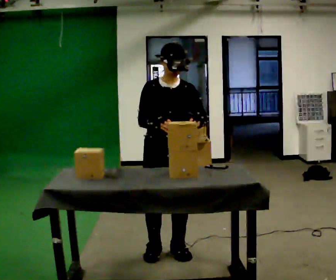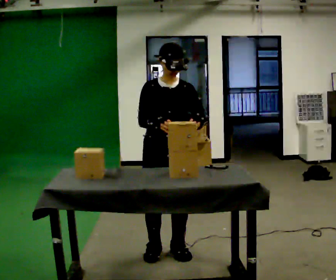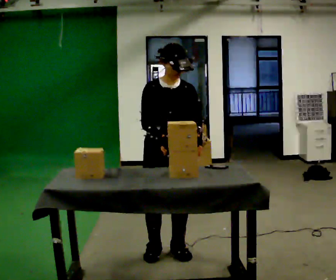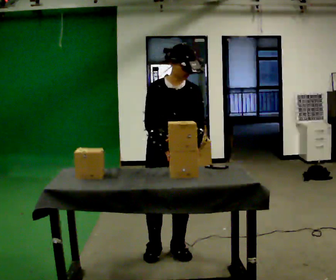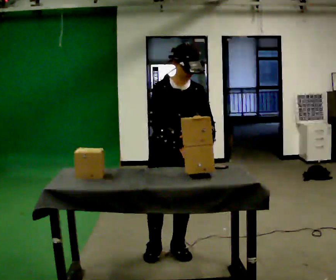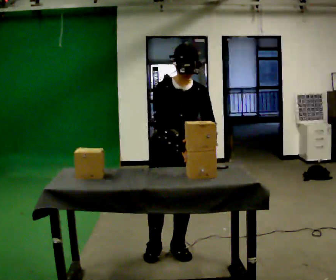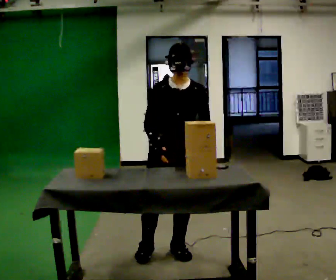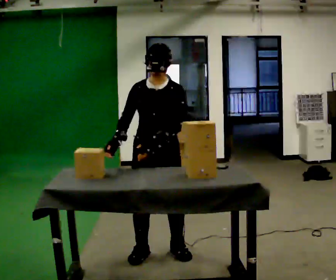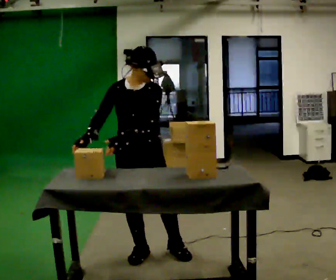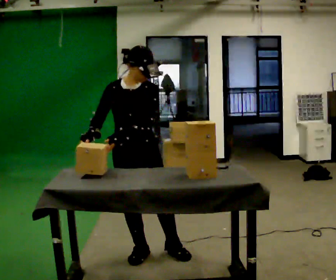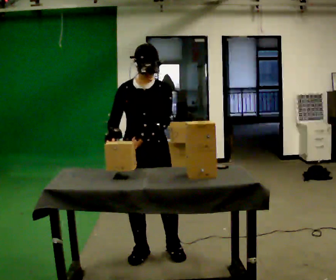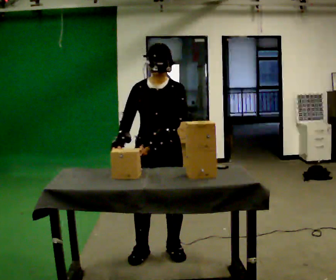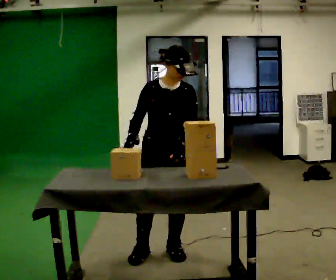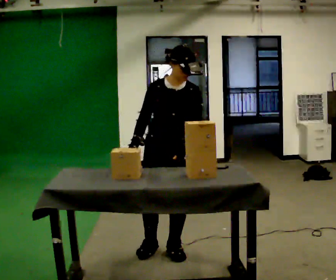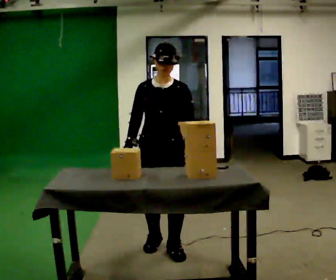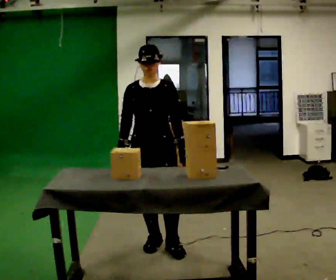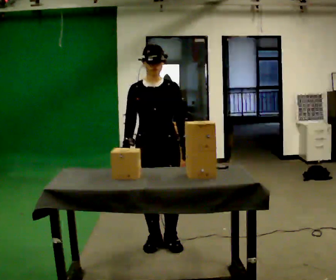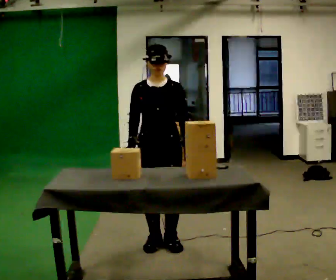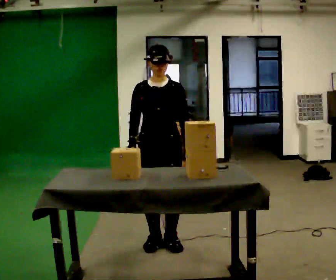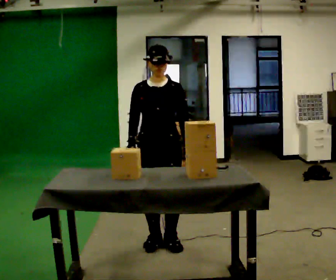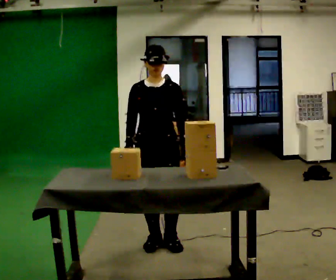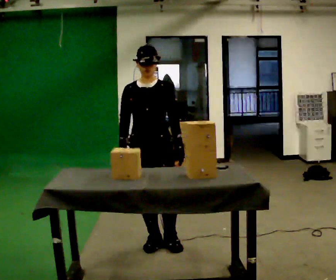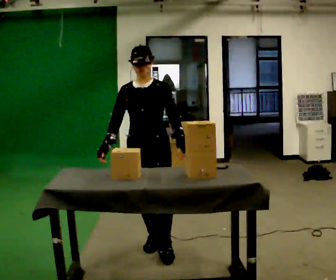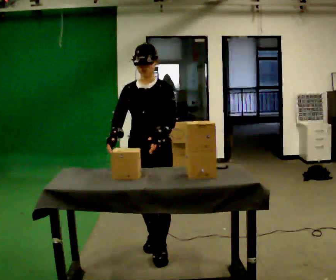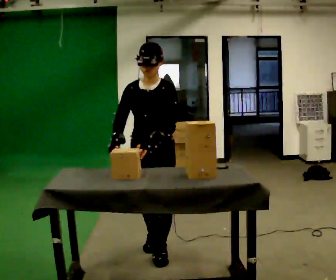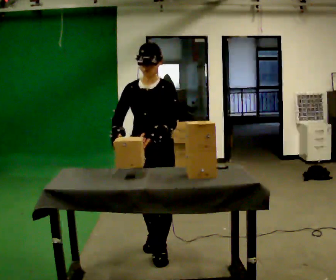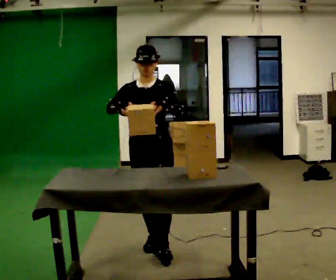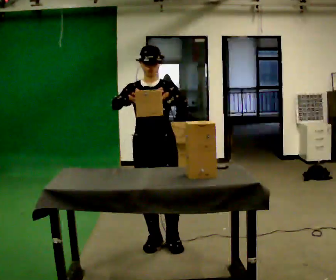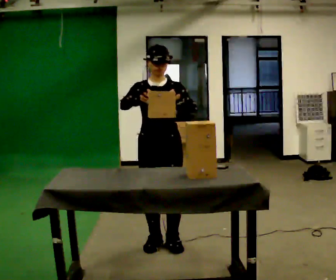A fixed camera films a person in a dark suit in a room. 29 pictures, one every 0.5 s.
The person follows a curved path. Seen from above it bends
clockwise.
0.0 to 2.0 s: The person moves a little, or ends about where they began.
2.0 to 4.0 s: In the picture they go to the left, about 0.25 m, which for them is to their right.
4.0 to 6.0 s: In the picture they go to the right, about 0.25 m, which for them is to their left. In the picture their left hand goes to the right.
6.0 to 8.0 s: In the picture they go away from the camera, about 0.25 m in 2 steps, which for them is backward.
8.0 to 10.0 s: The person moves a little, or ends about where they began.
10.0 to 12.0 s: In the picture they go toward the camera, about 0.25 m in 1 step, which for them is forward.
12.0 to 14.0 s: In the picture they go away from the camera, about 0.25 m in 1 step, which for them is backward. The upper body tips away from the camera, its near side rolling upward, as they lean back or straighten. In the picture their right hand goes upward.
The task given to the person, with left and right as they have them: 1. Look at the photo the operator gives you. 2. Put the room back the way it looks in the photo. 3. Tell the operator when you are finished.
The film runs forward here.
